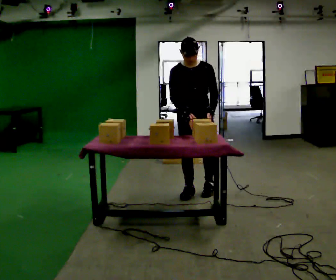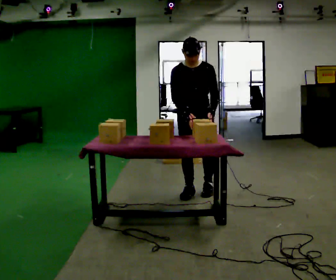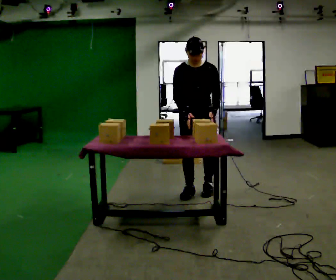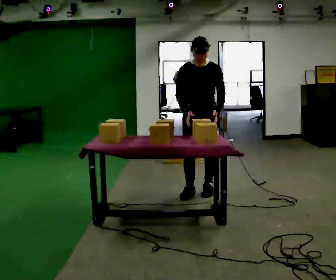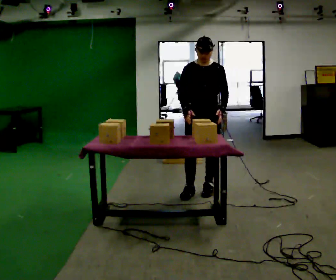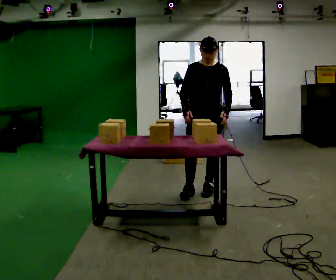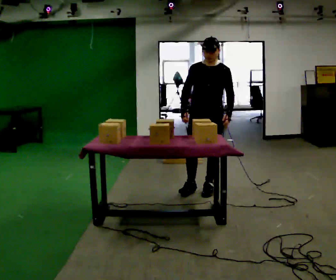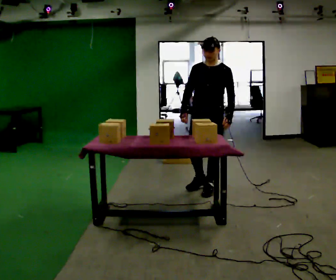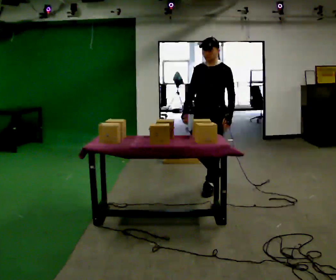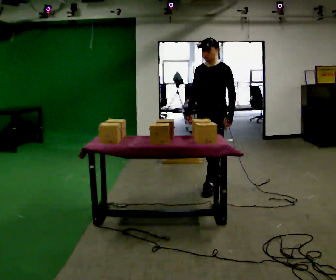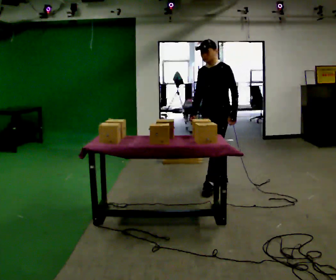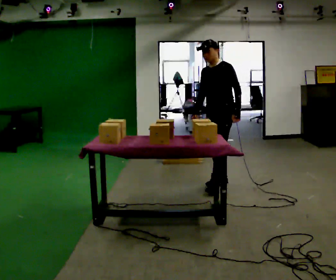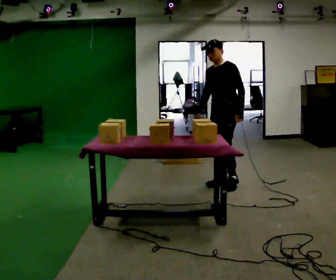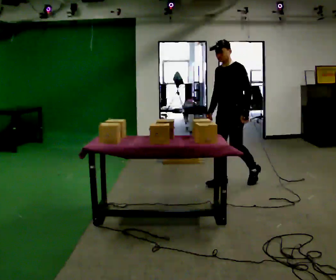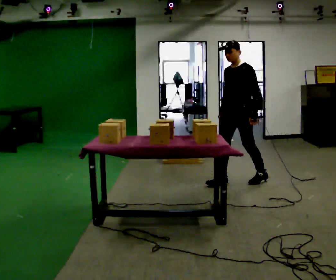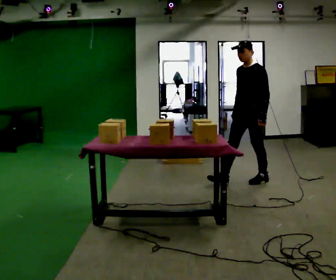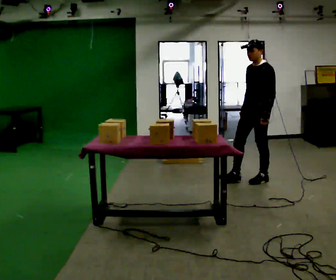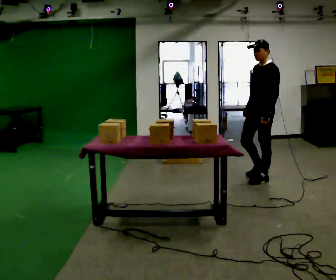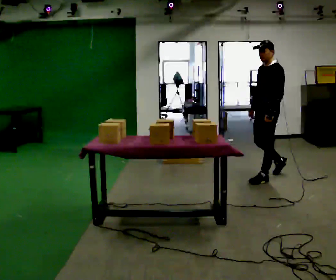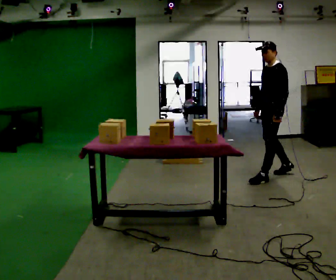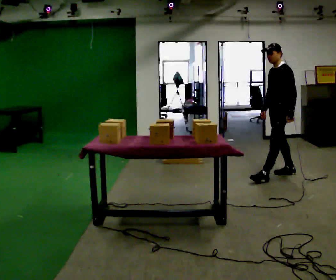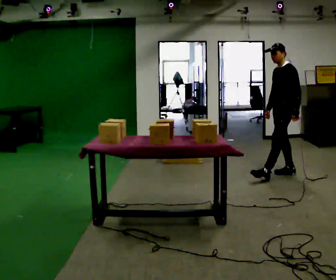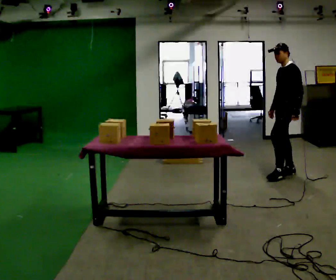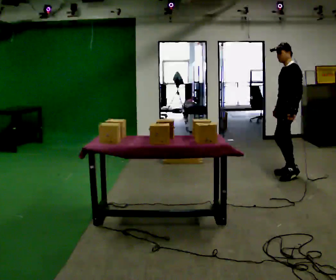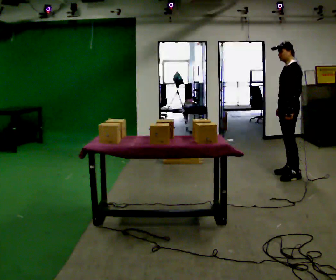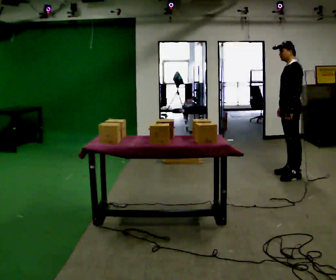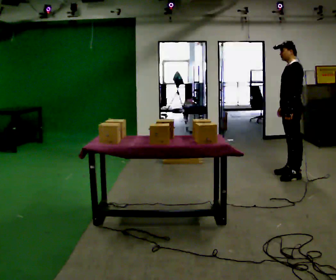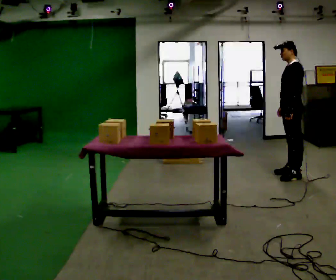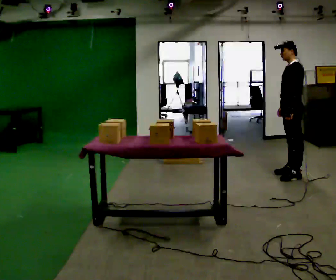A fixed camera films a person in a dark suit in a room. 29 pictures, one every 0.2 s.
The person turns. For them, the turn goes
to their right.
The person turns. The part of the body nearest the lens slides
to the left.
0.0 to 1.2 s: The upper body tips away from the camera, its near side rolling upward, as they lean back or straighten.
1.2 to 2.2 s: Seen from above the body turns clockwise, about 45 degrees: to their right, with its near side sliding to the left. In the picture they go away from the camera and to the right, about 0.25 m in 1 step, which for them is backward.
2.2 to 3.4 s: In the picture they go to the right, about 0.5 m in 1 step, which for them is backward and to their left.
3.4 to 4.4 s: In the picture they go to the right and away from the camera, about 0.5 m in 1 step, which for them is backward.
4.4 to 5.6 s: The person moves a little, or ends about where they began.
The film runs backward here.
